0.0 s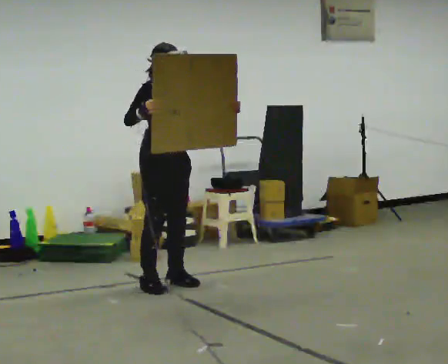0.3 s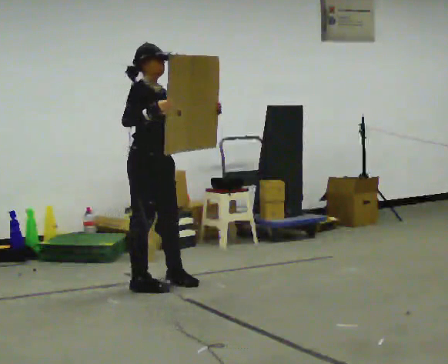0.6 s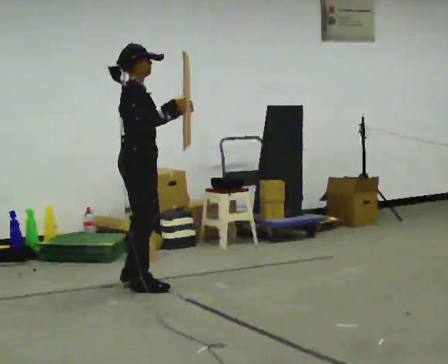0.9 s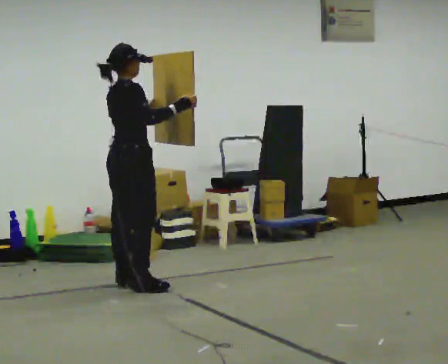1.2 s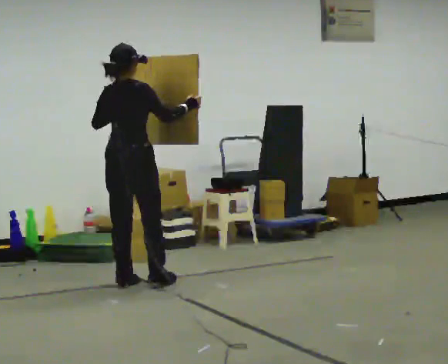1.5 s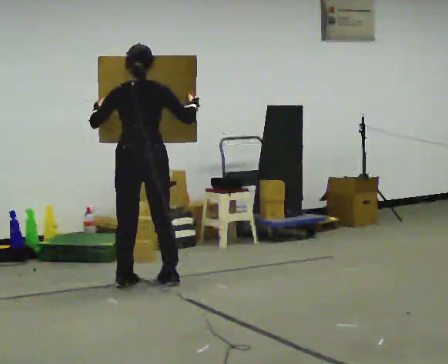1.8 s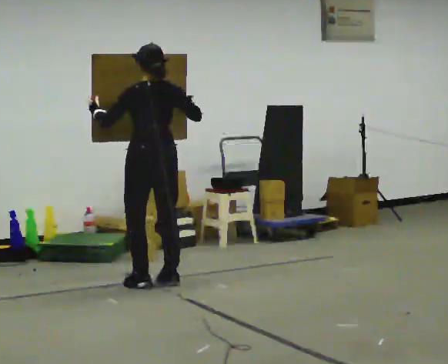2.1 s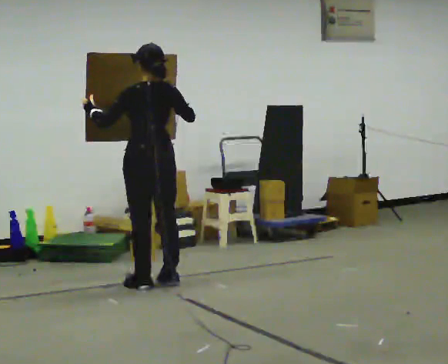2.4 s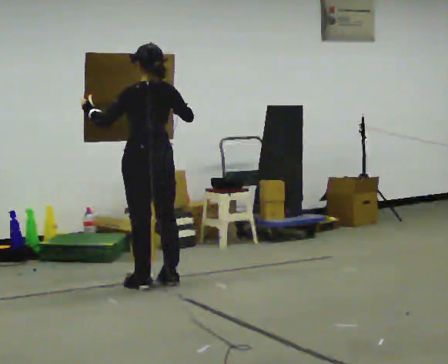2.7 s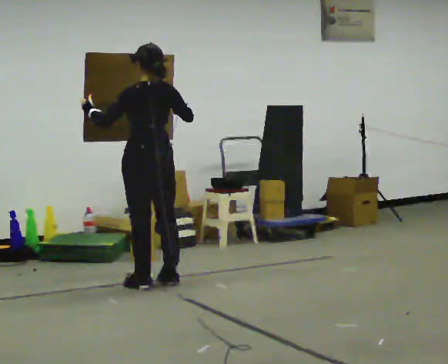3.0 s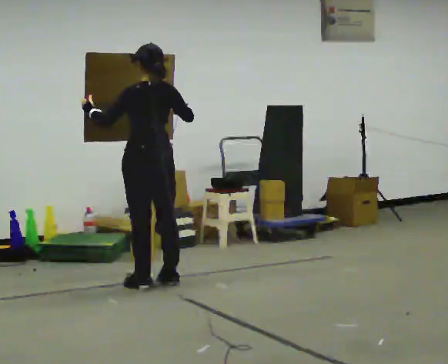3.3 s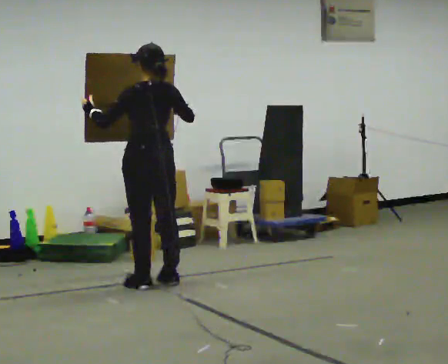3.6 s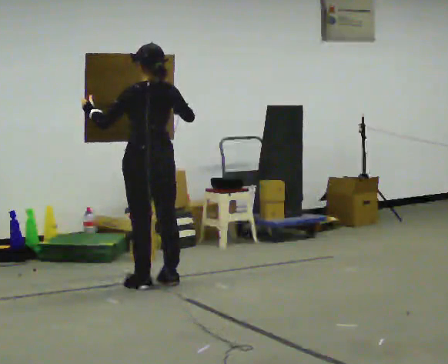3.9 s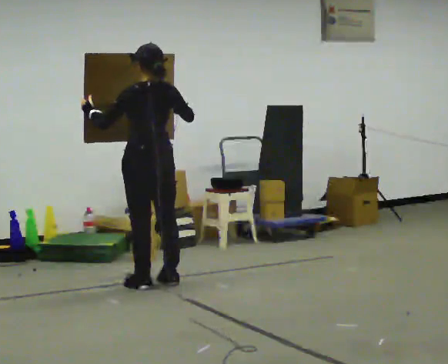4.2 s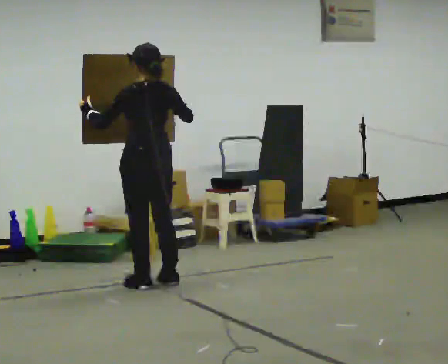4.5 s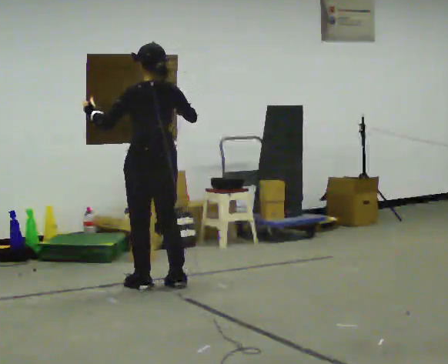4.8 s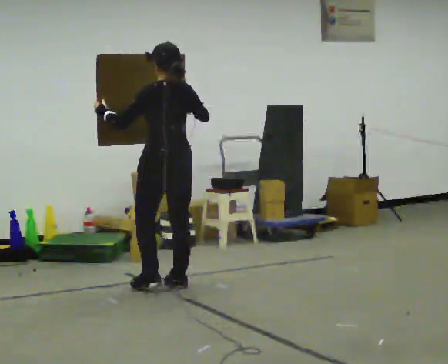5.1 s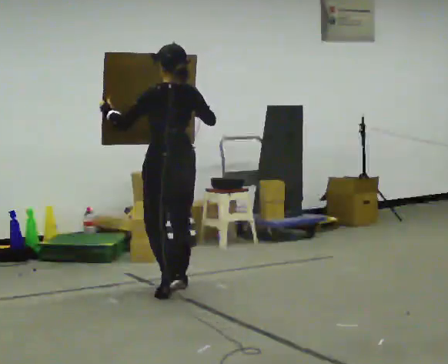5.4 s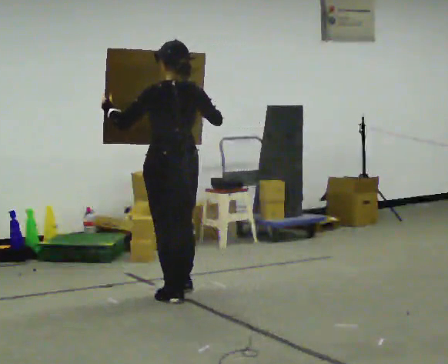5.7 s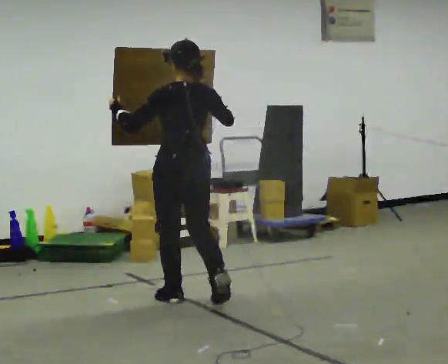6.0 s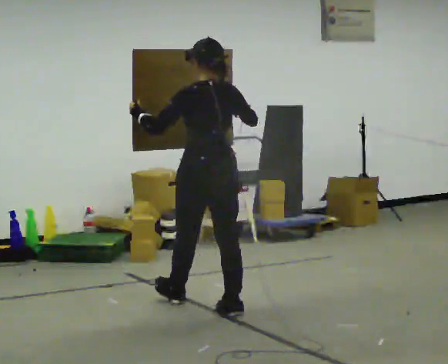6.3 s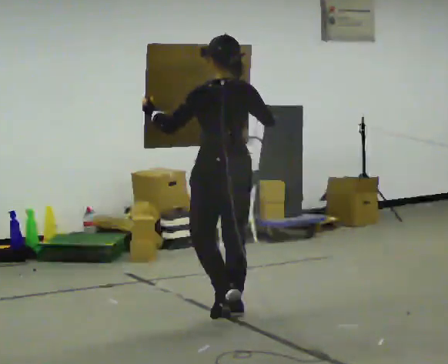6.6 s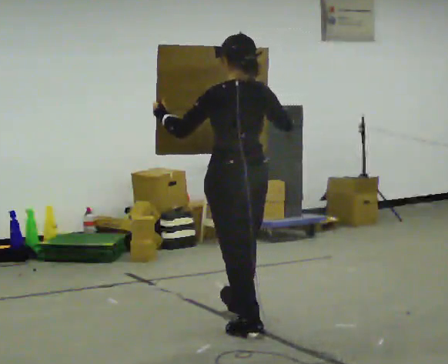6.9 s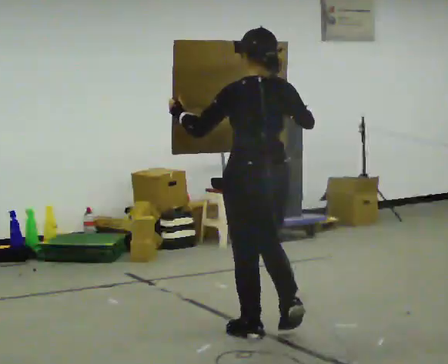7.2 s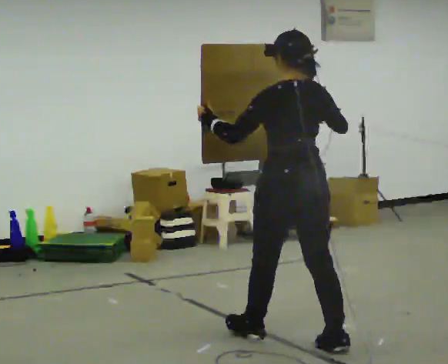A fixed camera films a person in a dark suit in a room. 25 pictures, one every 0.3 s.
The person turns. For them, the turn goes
to their left.
The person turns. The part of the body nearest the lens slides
to the right.
0.0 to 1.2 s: The person turns about 105 degrees to their left, counterclockwise seen from above, so the part of the body nearest the lens slides to the right. In the picture they go to the left, about 0.25 m in 2 steps. In the picture their right hand goes to the right.
1.2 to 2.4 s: Seen from above the body turns counterclockwise, about 60 degrees: to their left, with its near side sliding to the right. In the picture they go to the right, about 0.25 m in 1 step.
2.4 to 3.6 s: The person keeps their place and pose.
3.6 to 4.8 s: In the picture they go toward the camera, about 0.25 m in 1 step, which for them is backward.
4.8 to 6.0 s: In the picture they go toward the camera, about 0.75 m in 2 steps, which for them is backward.
6.0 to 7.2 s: In the picture they go toward the camera and to the right, about 1 m in 2 steps, which for them is backward.
The film runs backward here.
